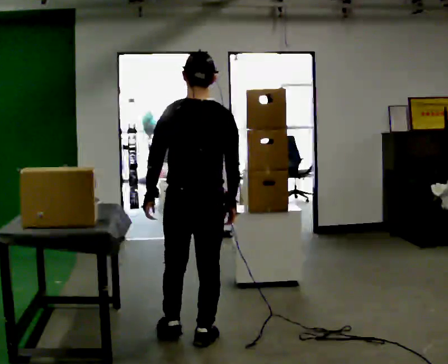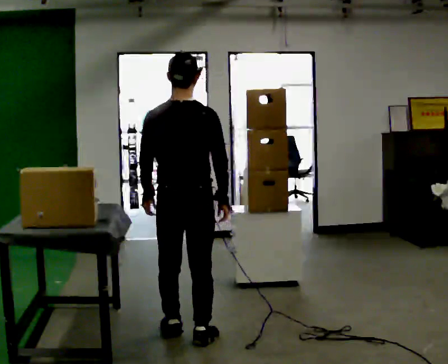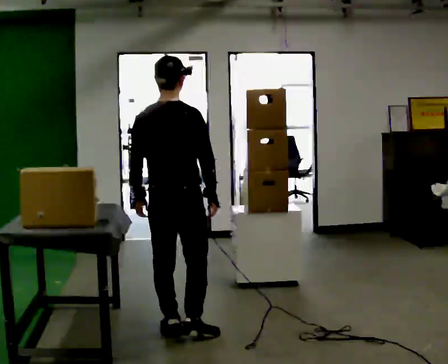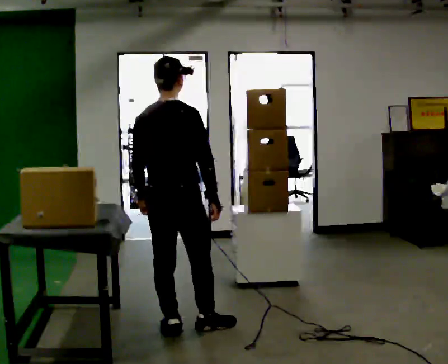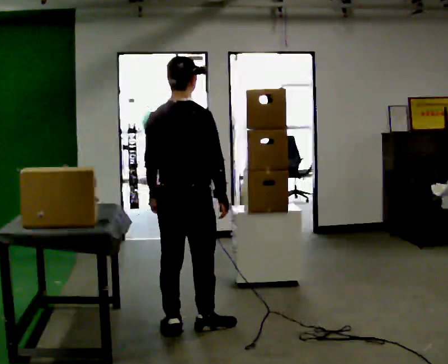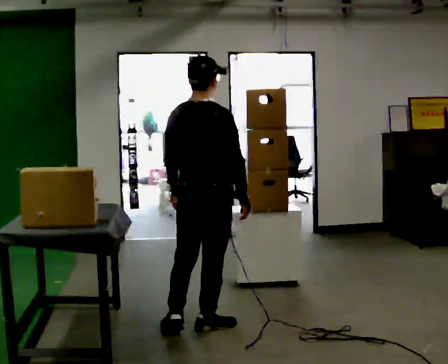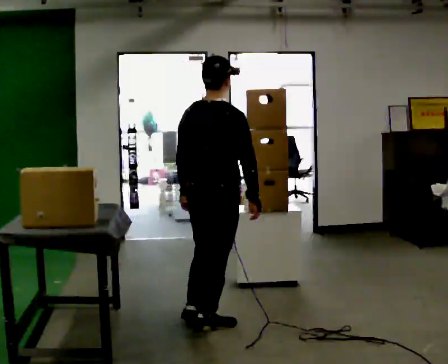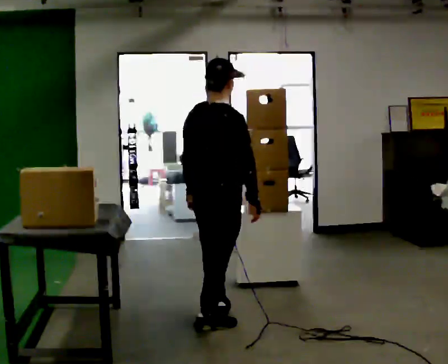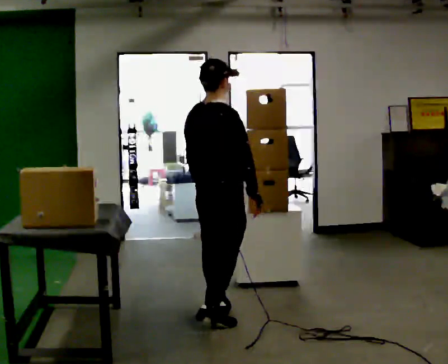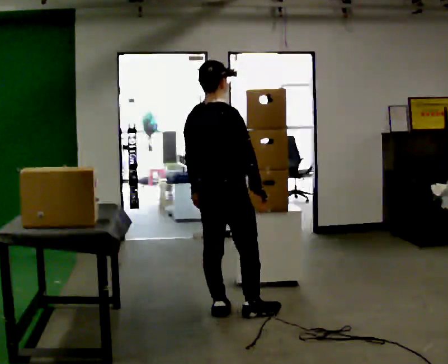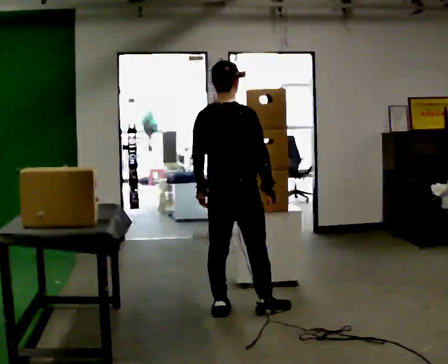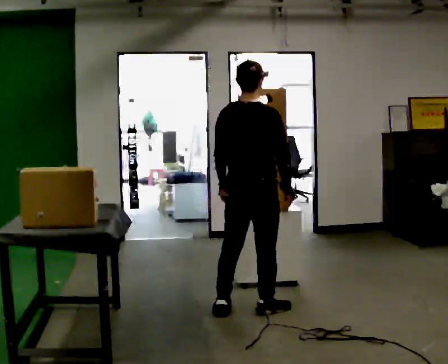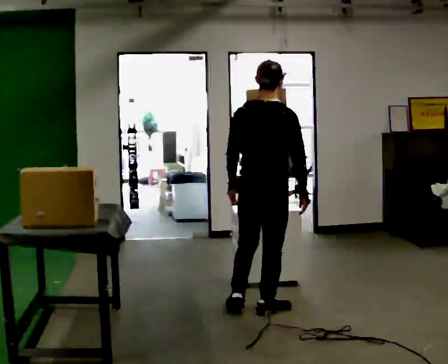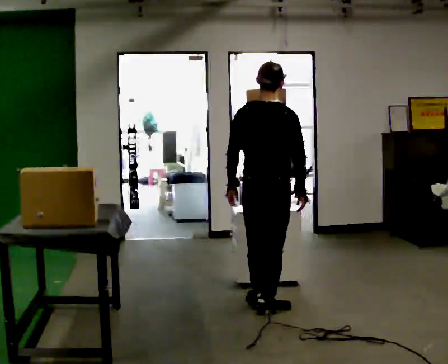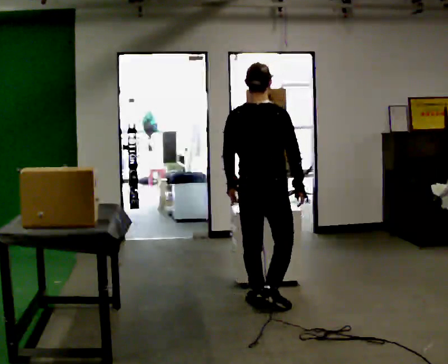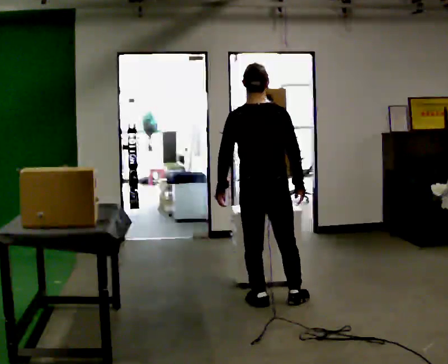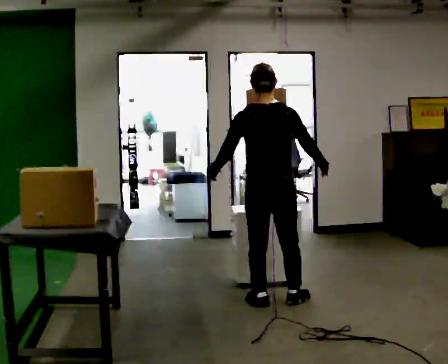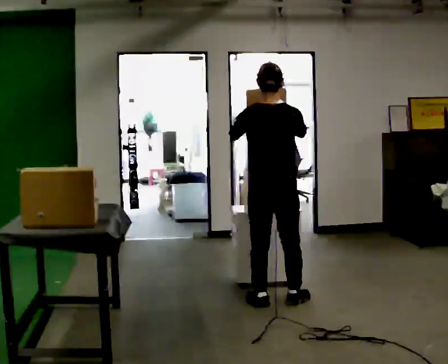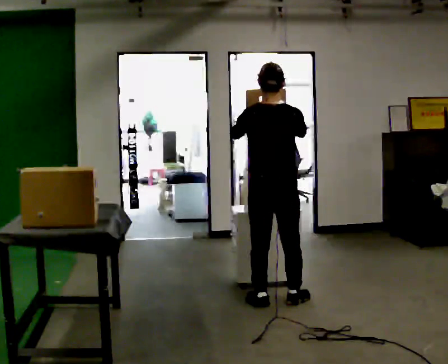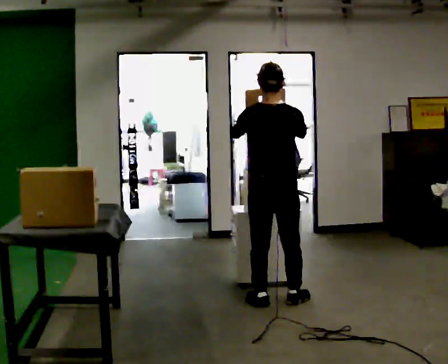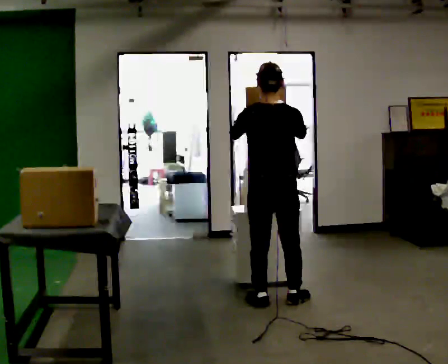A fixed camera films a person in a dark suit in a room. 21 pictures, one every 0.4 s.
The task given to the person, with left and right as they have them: Reach up into the bin on the top shelf, take out one object at a time, and carry it to the table. Keep going until the operator says stop; one object at a time, and do not rush between trips.
0.0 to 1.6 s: The person turns about 30 degrees to their right, clockwise seen from above, so the part of the body nearest the lens slides to the left. In the picture they go away from the camera, about 0.25 m in 2 steps, which for them is forward.
1.6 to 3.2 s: In the picture they go away from the camera and to the right, about 0.25 m in 1 step, which for them is forward.
3.2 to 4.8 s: In the picture they go to the right, about 0.25 m in 1 step, which for them is to their right and forward.
4.8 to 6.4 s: In the picture they go away from the camera, about 0.25 m in 2 steps, which for them is forward.
6.4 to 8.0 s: The person moves a little, or ends about where they began.
The film runs forward here.
